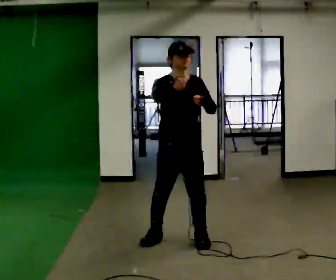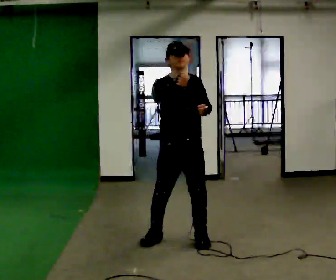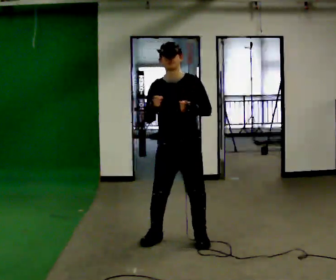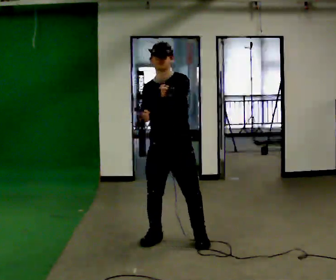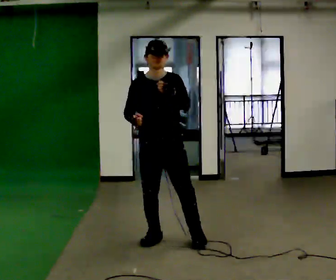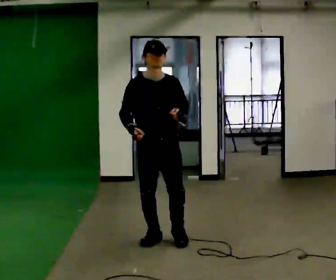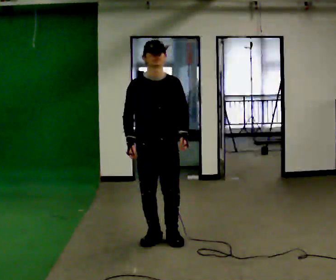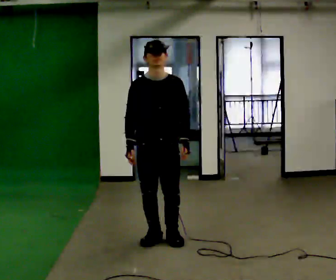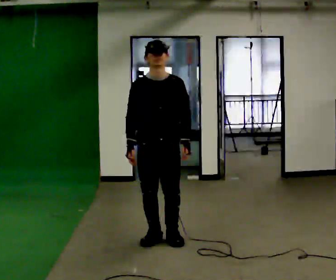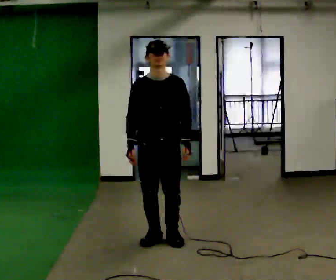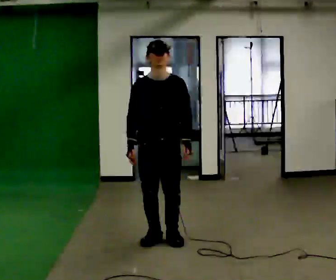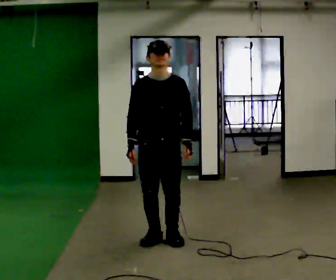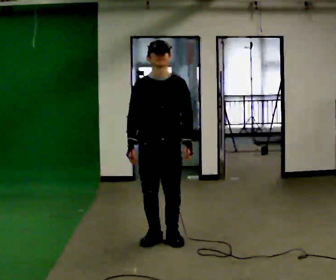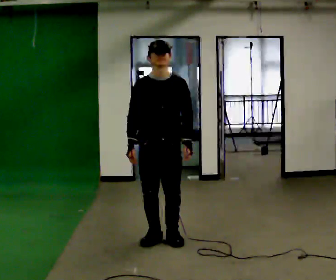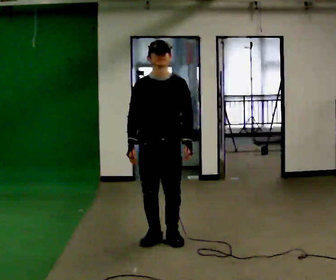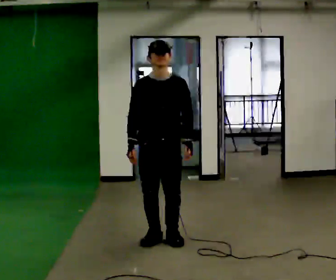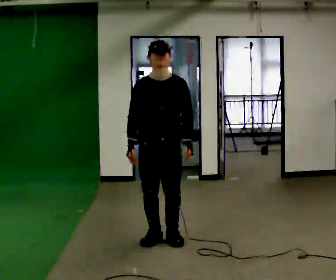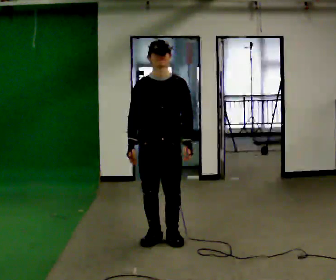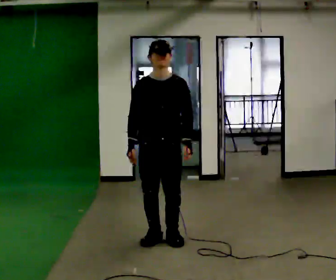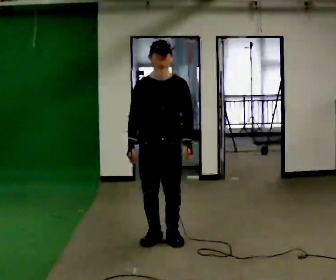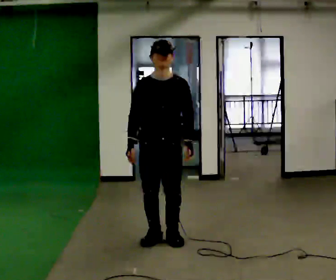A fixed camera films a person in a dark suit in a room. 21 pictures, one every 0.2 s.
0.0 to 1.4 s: In the picture they go to the left, about 0.25 m in 1 step, which for them is to their right. In the picture their right hand goes downward and to the left.
1.4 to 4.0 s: The person moves a little, or ends about where they began.
The film runs backward here.
